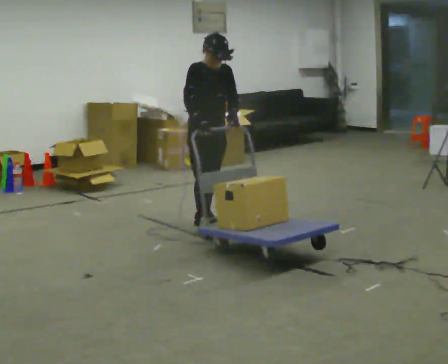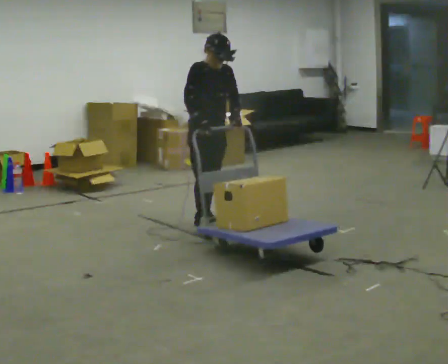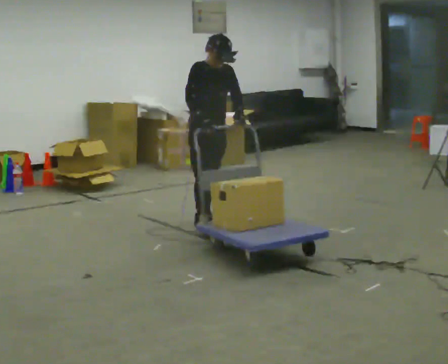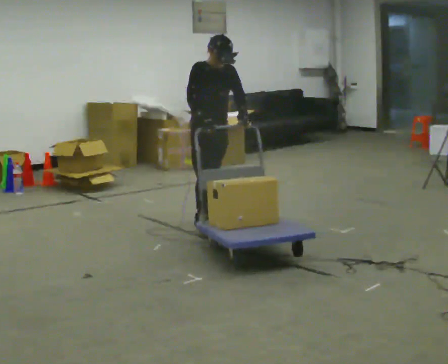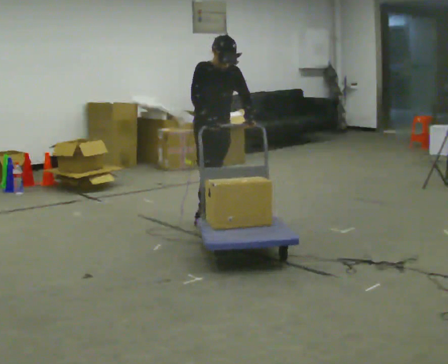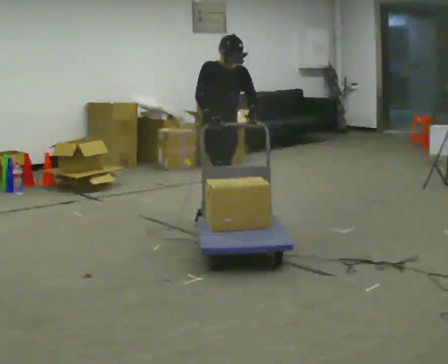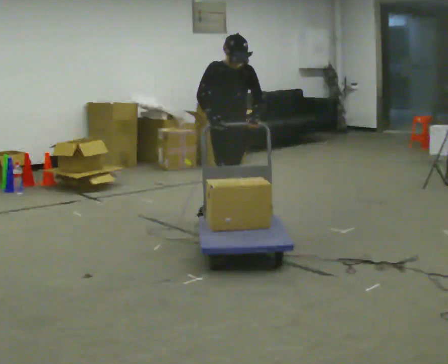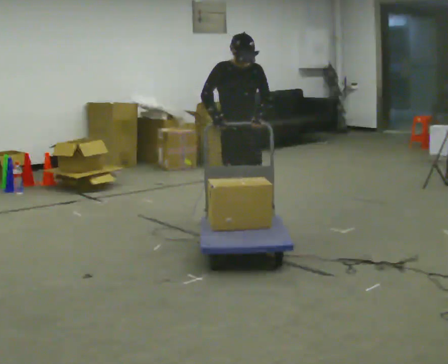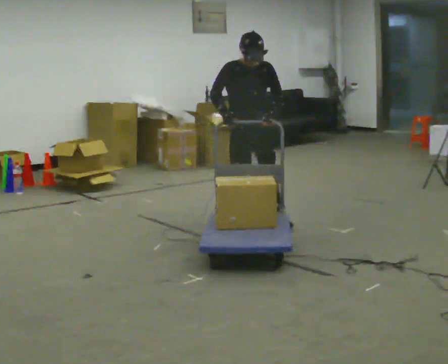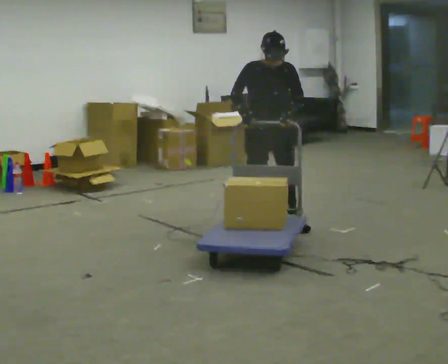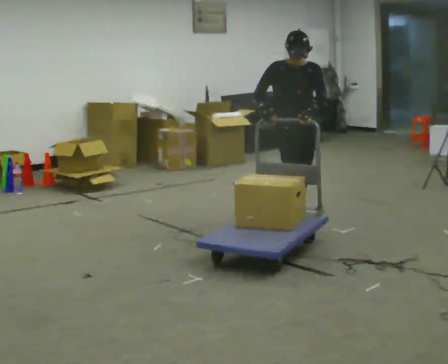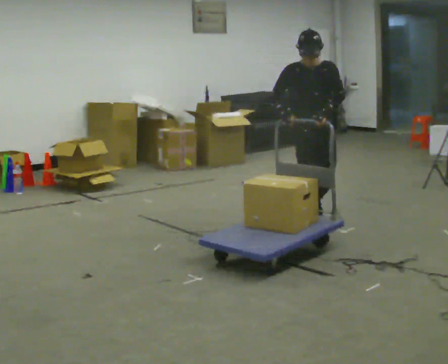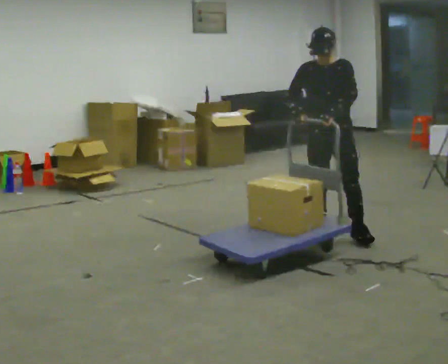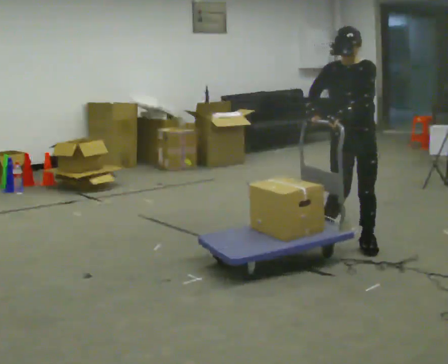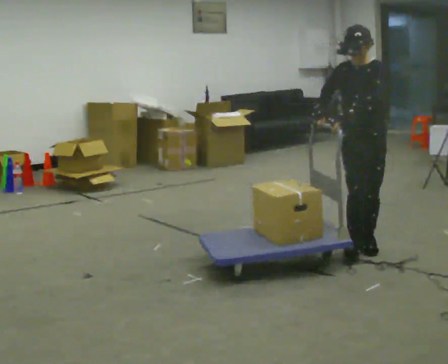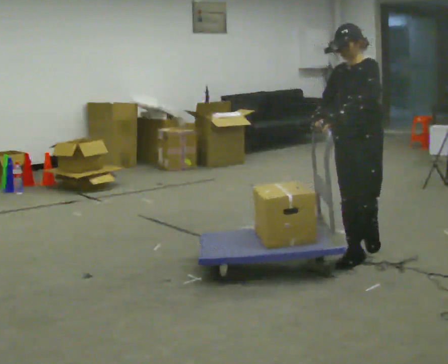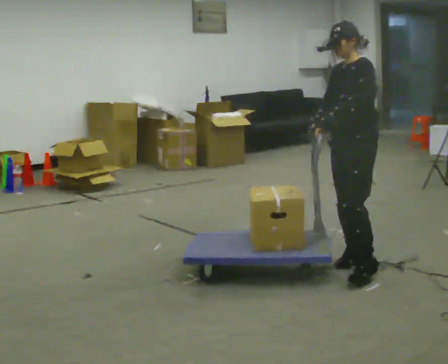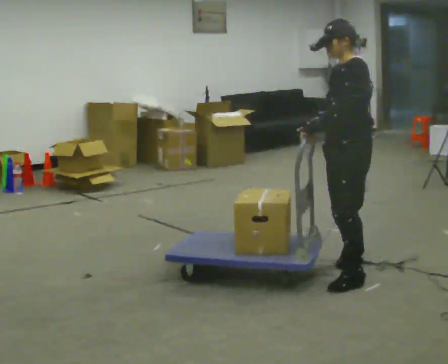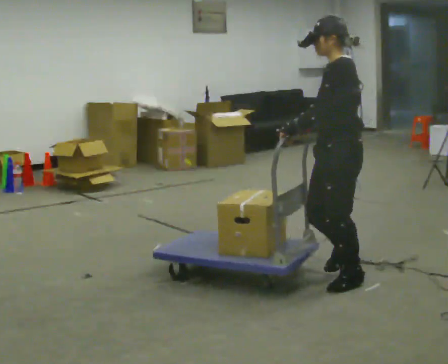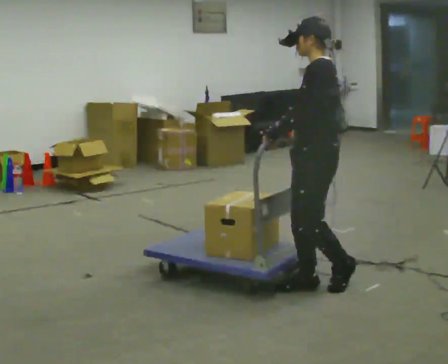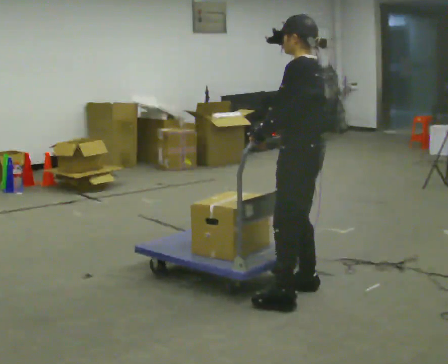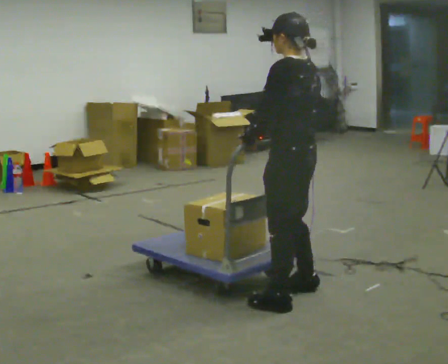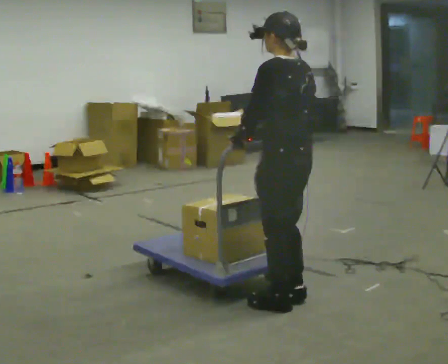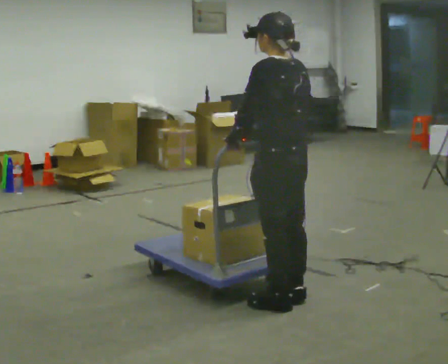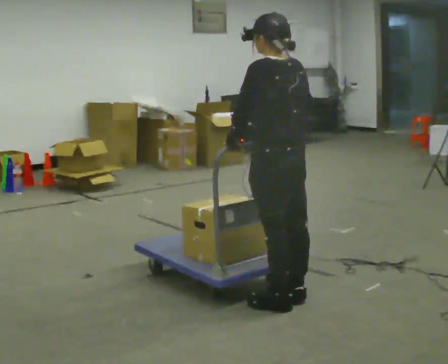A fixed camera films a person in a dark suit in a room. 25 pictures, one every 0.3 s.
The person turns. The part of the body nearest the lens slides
to the left.
The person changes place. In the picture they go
toward the camera.
0.0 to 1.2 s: The person moves a little, or ends about where they began.
1.2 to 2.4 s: In the picture they go to the right, about 0.25 m in 1 step, which for them is forward and to their left.
2.4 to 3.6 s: The part of the body nearest the lens slides to the left as the person turns to their right by about 30 degrees. In the picture they go to the right and toward the camera, about 0.75 m in 2 steps, which for them is forward and to their left.
3.6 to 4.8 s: The part of the body nearest the lens slides to the left as the person turns to their right by about 45 degrees. In the picture they go toward the camera, about 0.5 m in 2 steps, which for them is forward and to their left.
4.8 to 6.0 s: The part of the body nearest the lens slides to the left as the person turns to their right by about 45 degrees. In the picture they go toward the camera and to the left, about 0.5 m in 2 steps, which for them is forward and to their left.
6.0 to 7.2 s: Seen from above the body turns clockwise, about 30 degrees: to their right, with its near side sliding to the left. In the picture they go toward the camera, about 0.25 m in 2 steps, which for them is to their left.
The film runs forward here.
